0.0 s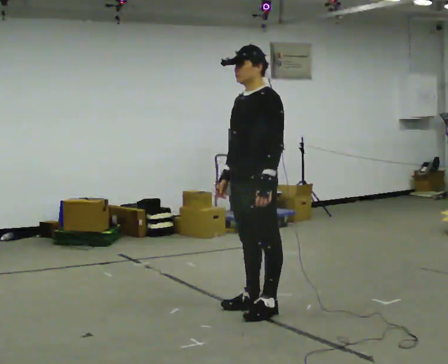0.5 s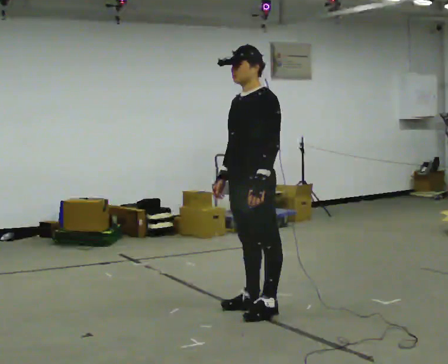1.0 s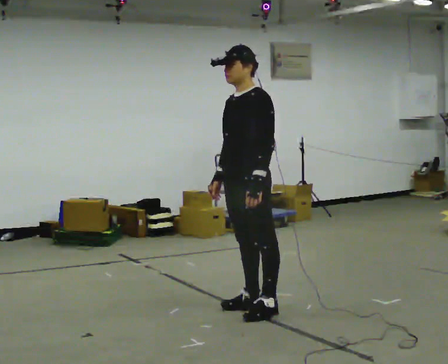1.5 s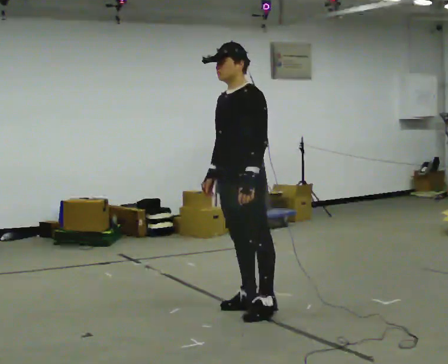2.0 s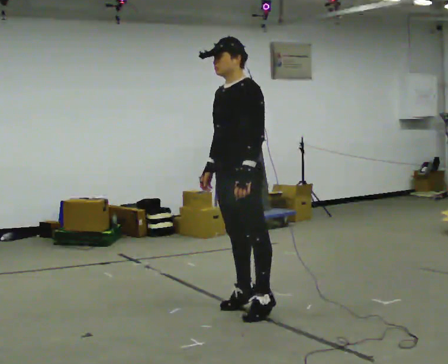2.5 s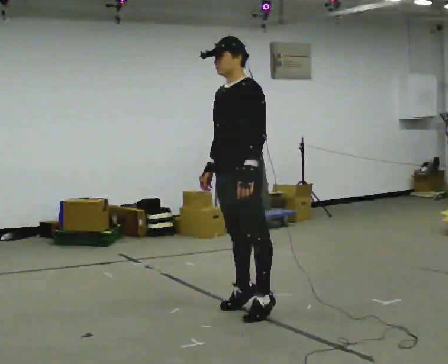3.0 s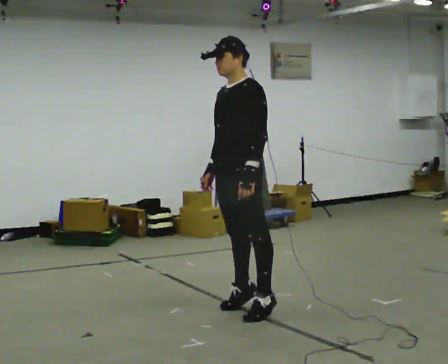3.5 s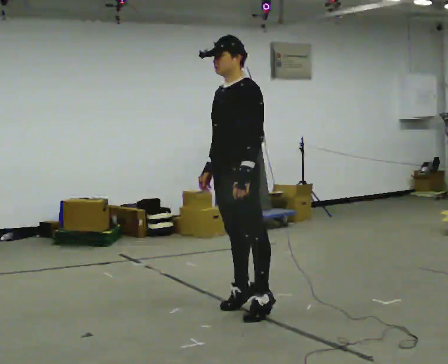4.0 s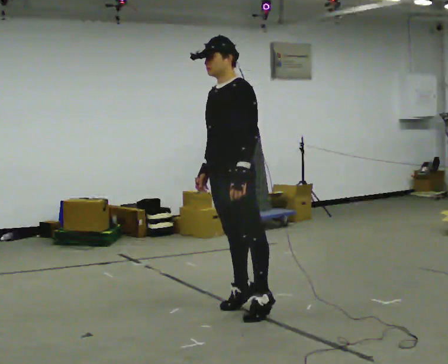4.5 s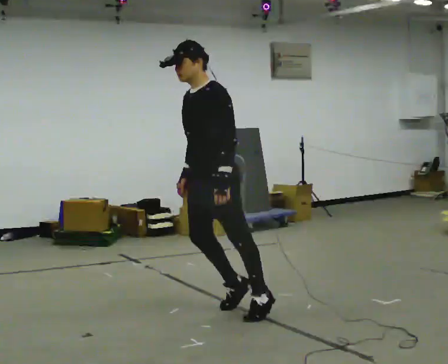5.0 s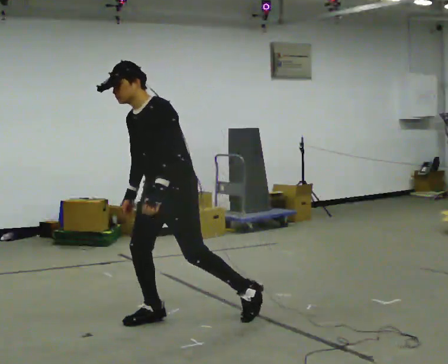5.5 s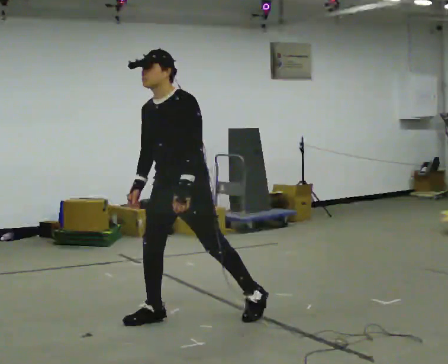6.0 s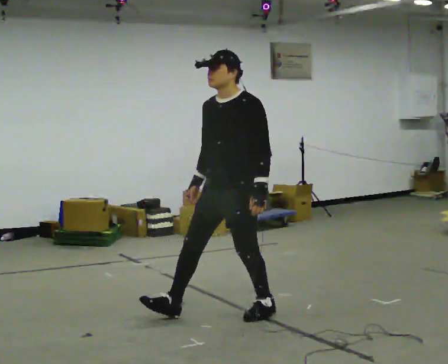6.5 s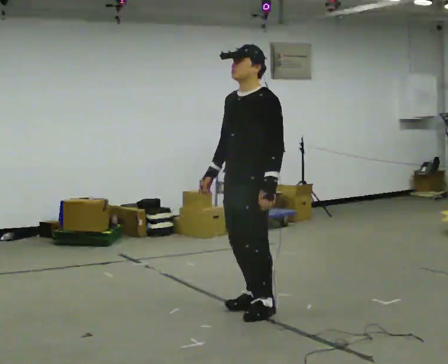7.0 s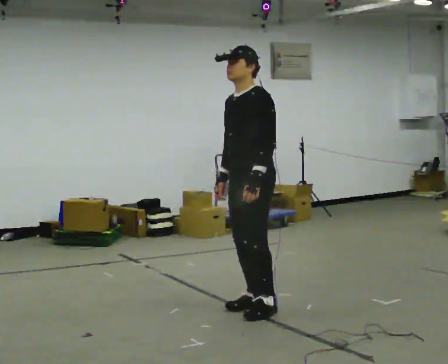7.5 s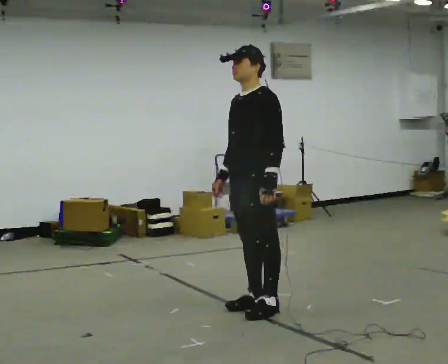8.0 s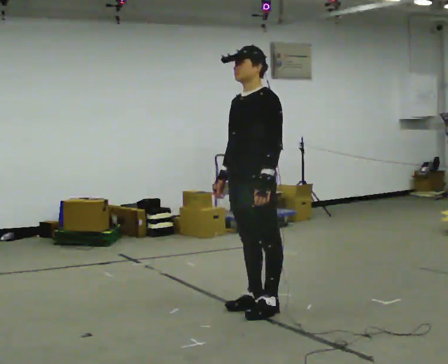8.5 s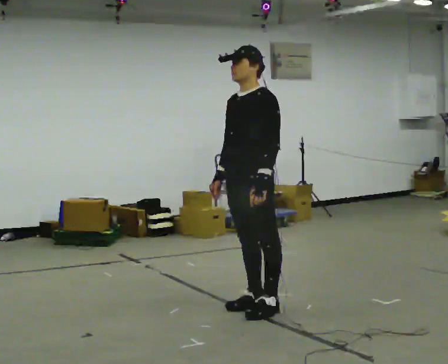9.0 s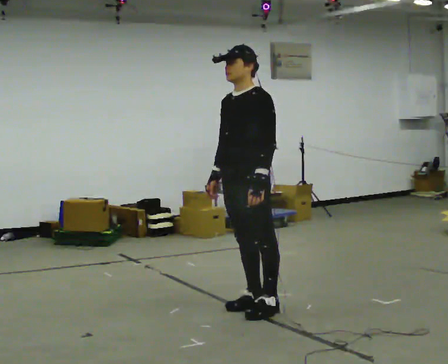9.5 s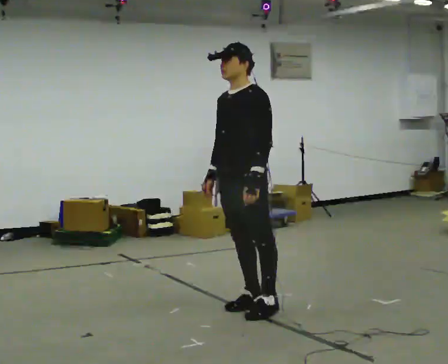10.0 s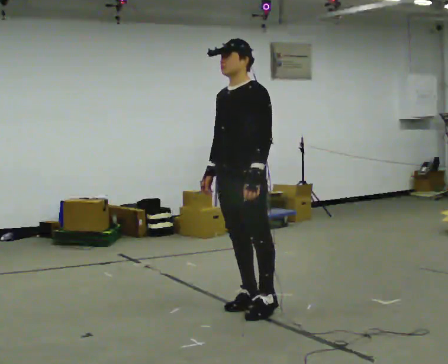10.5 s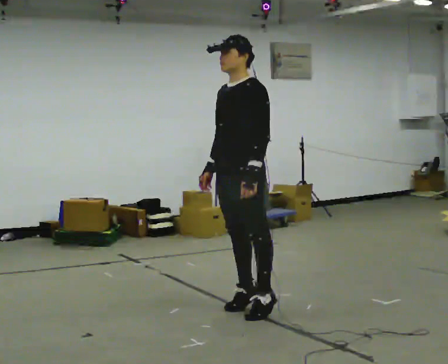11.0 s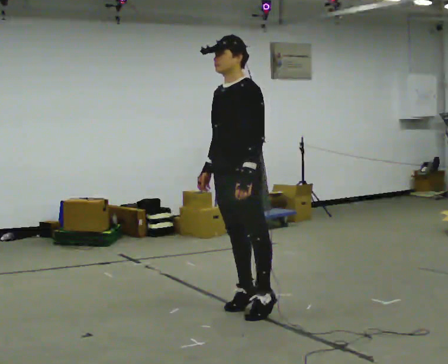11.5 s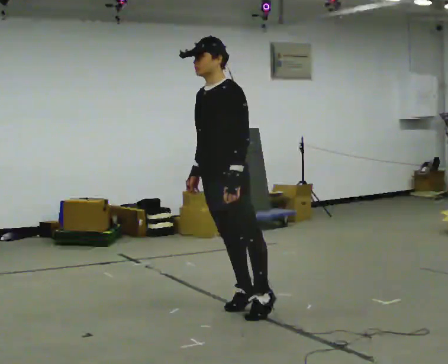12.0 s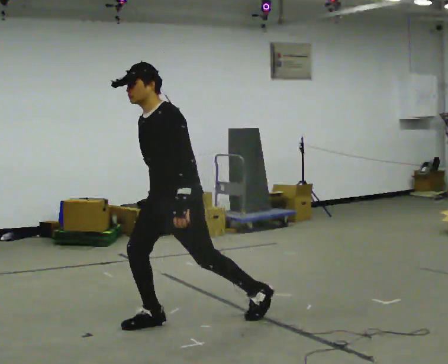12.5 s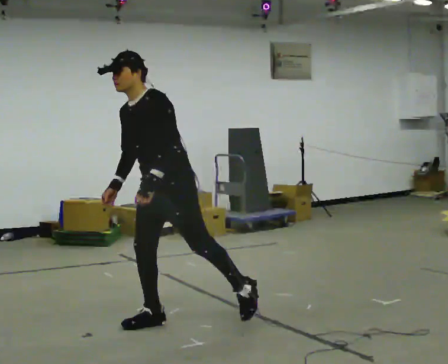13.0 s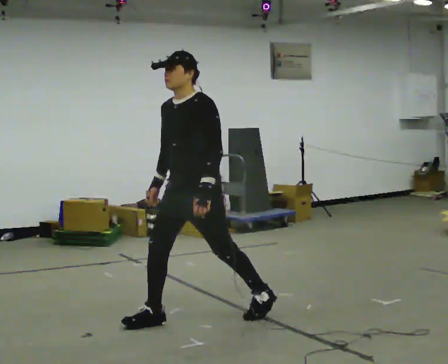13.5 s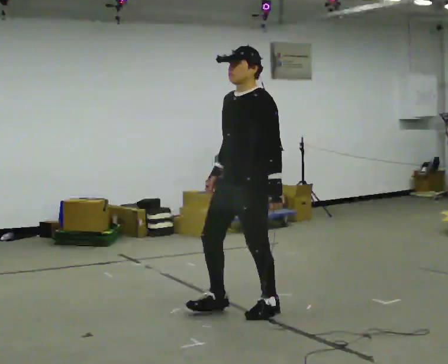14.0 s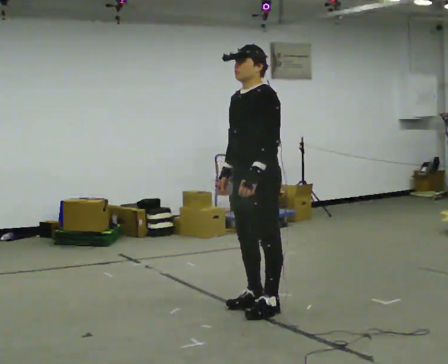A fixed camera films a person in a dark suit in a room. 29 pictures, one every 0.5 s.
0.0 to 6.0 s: The person moves a little, or ends about where they began.
6.0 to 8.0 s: In the picture they go away from the camera, about 0.25 m in 1 step, which for them is backward.
8.0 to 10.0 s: The person moves a little, or ends about where they began.
10.0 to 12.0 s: In the picture they go to the left and toward the camera, about 0.5 m in 1 step, which for them is forward. The shoulders move downward.
12.0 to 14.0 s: In the picture they go to the right and away from the camera, about 0.5 m in 2 steps, which for them is backward and to their left. The shoulders move upward.
The film runs forward here.
